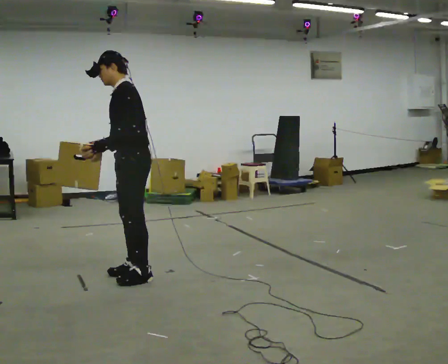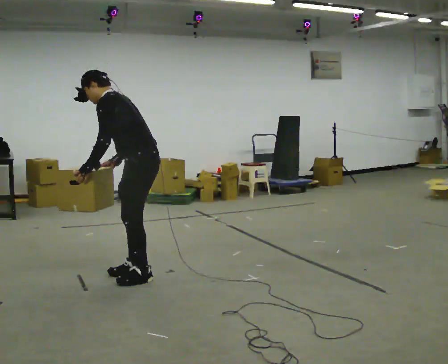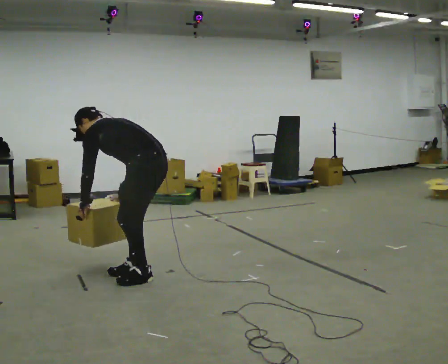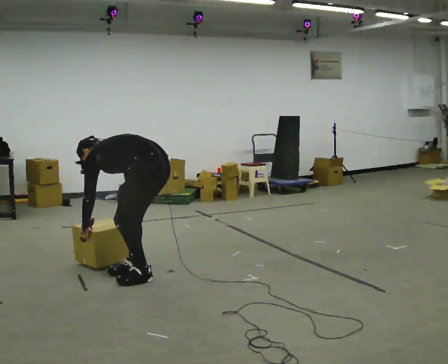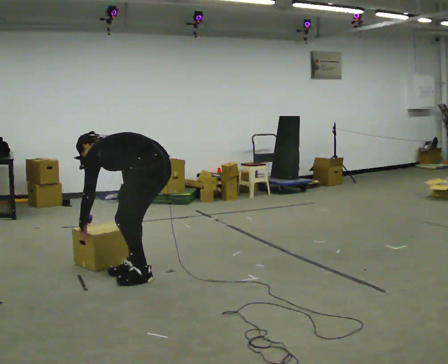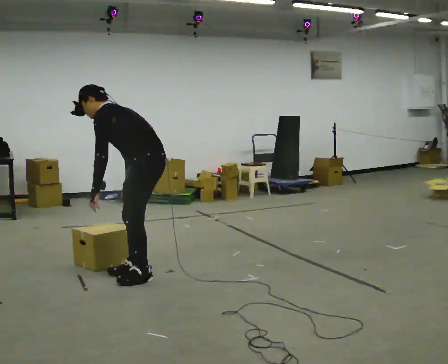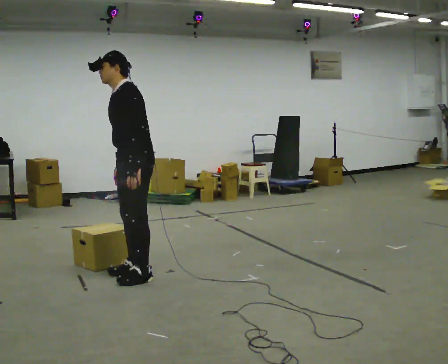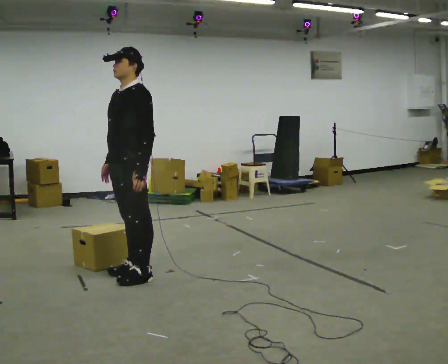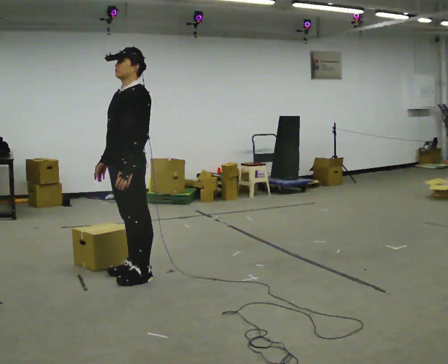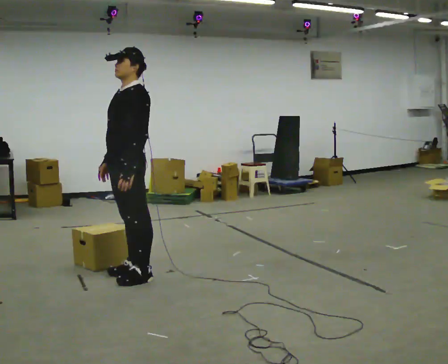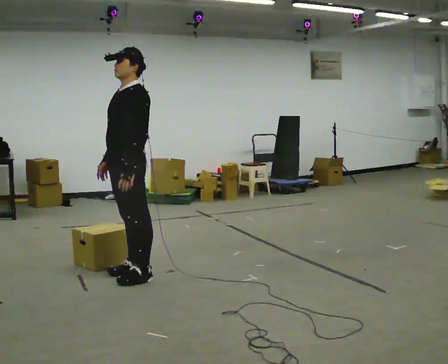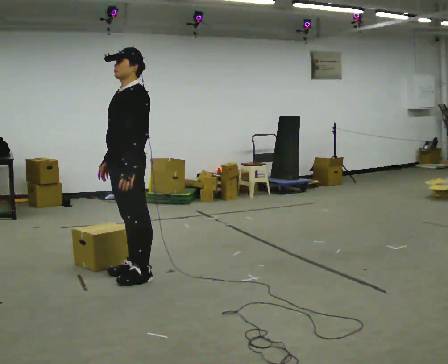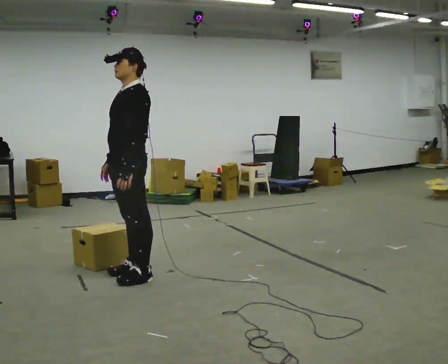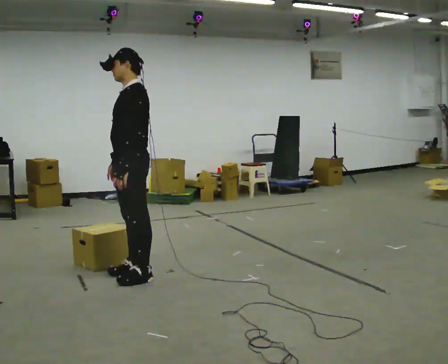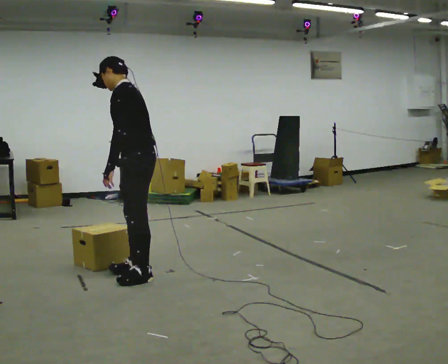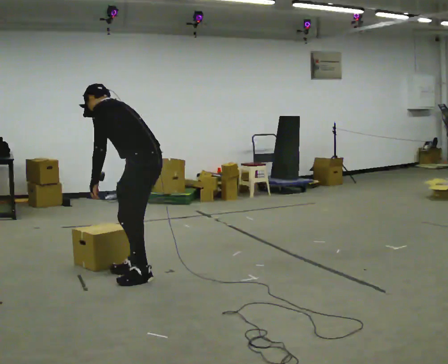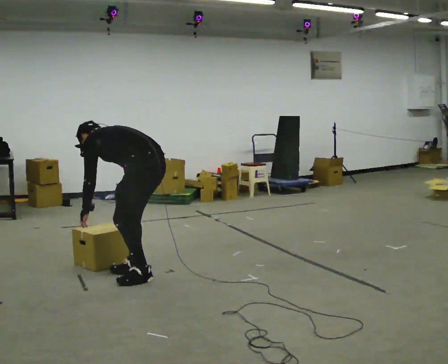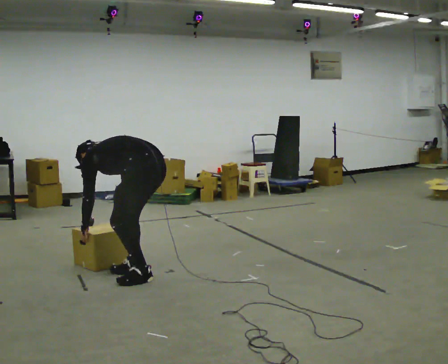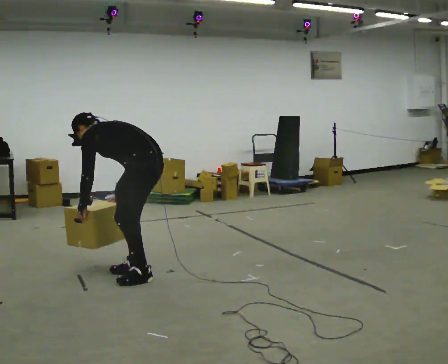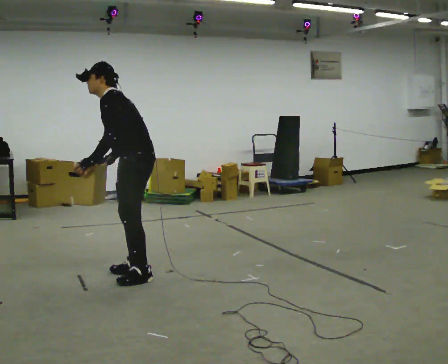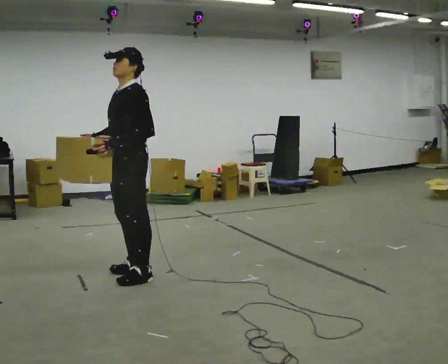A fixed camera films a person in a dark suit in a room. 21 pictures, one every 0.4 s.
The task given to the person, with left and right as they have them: Carry the box along the marked route, turning 90 degrees at the corner the operator calls, and set it down at the end. Keep going until the operator says stop; one object at a time, and do not rush between trips.
0.0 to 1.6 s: The part of the body nearest the lens slides to the left as the person turns to their right by about 30 degrees. The shoulders move downward. In the picture the upper body tilts counterclockwise, shoulders to the left, as they bend forward. In the picture their left hand goes downward.
1.6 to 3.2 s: Seen from above the body turns counterclockwise, about 60 degrees: to their left, with its near side sliding to the right. In the picture they go to the left, about 0.25 m, which for them is to their right. The upper body goes upward. In the picture the upper body tilts clockwise, shoulders to the right, as they lean back or straighten. In the picture their left hand goes to the right and upward.
3.2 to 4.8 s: The person moves a little, or ends about where they began.
4.8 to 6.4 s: Seen from above the body turns clockwise, about 45 degrees: to their right, with its near side sliding to the left. The shoulders move downward. In the picture the upper body tilts counterclockwise, shoulders to the left, as they bend forward. In the picture their right hand goes downward.
6.4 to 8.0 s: The part of the body nearest the lens slides to the right as the person turns to their left by about 60 degrees. The shoulders move upward. In the picture the upper body tilts clockwise, shoulders to the right, as they lean back or straighten. In the picture their right hand goes upward, the arm swinging clockwise.
The film runs forward here.
